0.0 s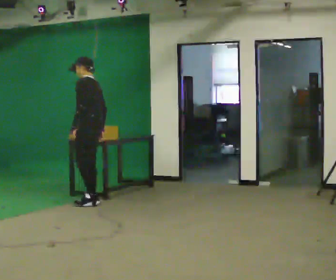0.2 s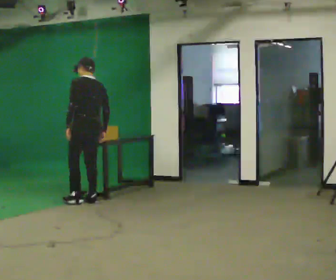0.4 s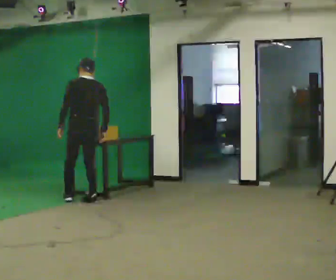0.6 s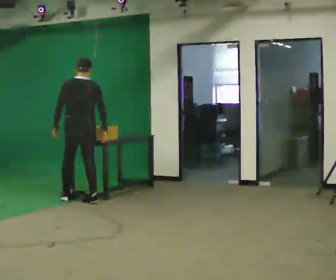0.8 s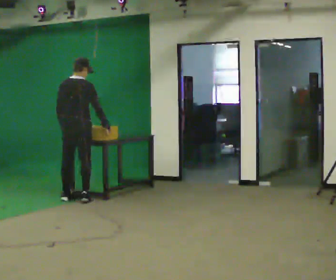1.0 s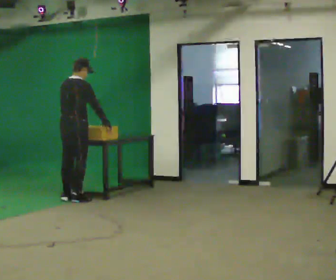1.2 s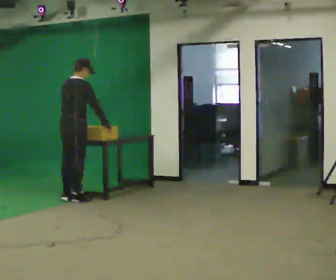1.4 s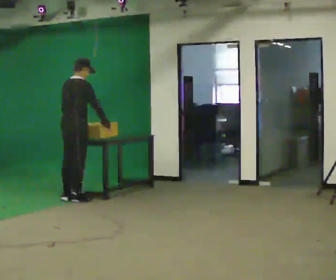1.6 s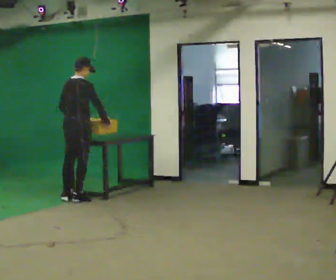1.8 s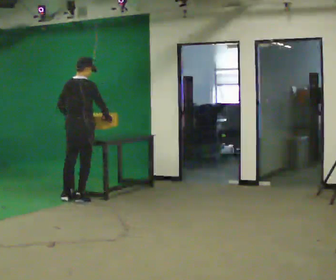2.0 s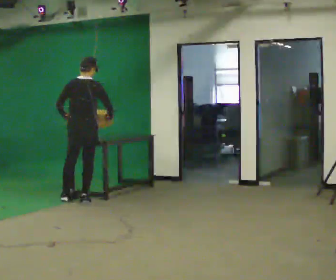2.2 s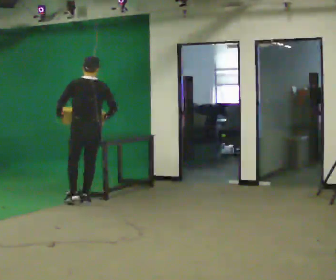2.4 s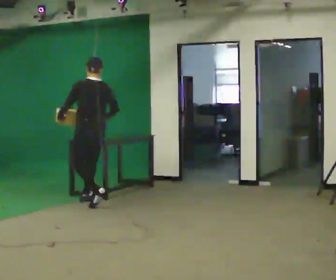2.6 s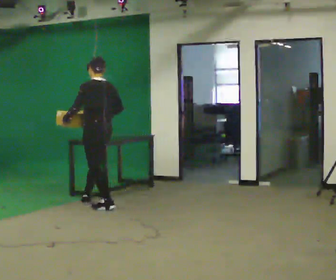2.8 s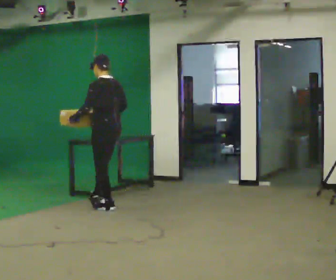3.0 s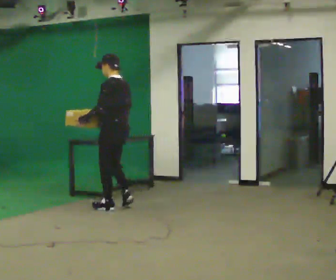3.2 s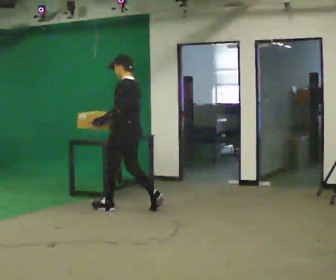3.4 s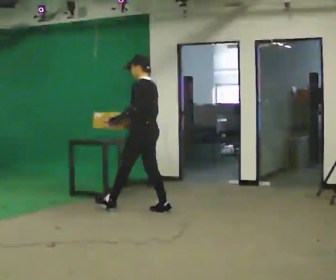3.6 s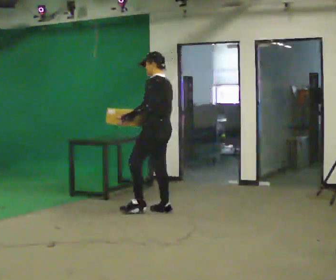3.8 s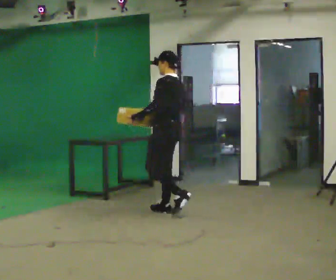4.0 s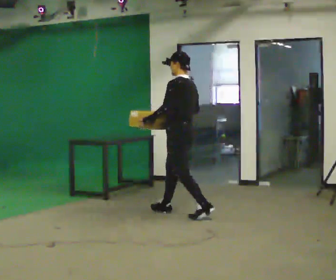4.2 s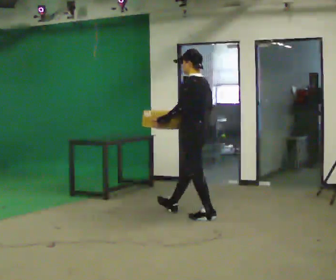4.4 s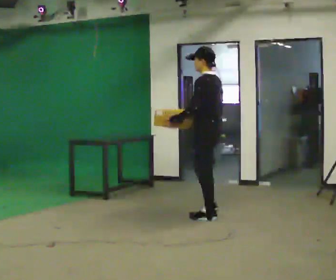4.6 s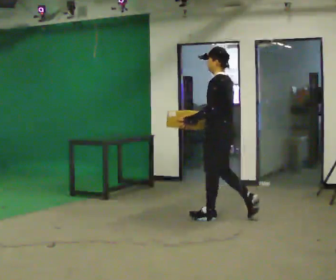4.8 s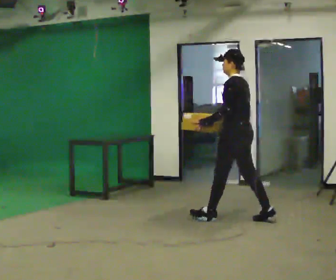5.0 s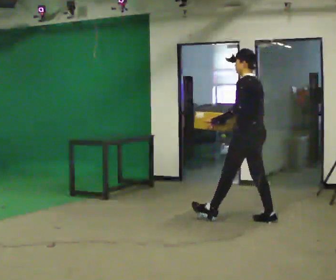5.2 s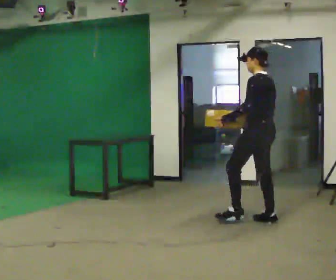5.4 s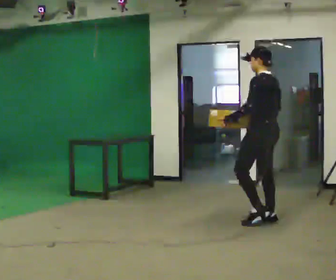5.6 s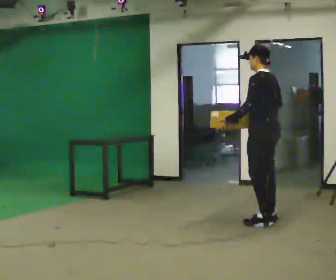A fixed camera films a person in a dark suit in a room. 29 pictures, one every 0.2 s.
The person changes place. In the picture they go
to the right.
0.0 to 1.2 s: The person turns about 120 degrees to their right, clockwise seen from above, so the part of the body nearest the lens slides to the left. In the picture they go to the left, about 0.25 m in 2 steps.
1.2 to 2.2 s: Seen from above the body turns counterclockwise, about 45 degrees: to their left, with its near side sliding to the right. In the picture they go to the right, about 0.25 m in 1 step, which for them is to their right.
2.2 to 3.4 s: The person turns about 60 degrees to their left, counterclockwise seen from above, so the part of the body nearest the lens slides to the right. In the picture they go to the right and toward the camera, about 1 m in 2 steps, which for them is backward.
3.4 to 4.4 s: In the picture they go to the right and toward the camera, about 1 m in 1 step, which for them is backward.
4.4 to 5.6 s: In the picture they go to the right and toward the camera, about 0.5 m in 1 step, which for them is backward.
The film runs backward here.
